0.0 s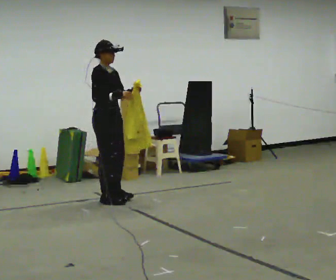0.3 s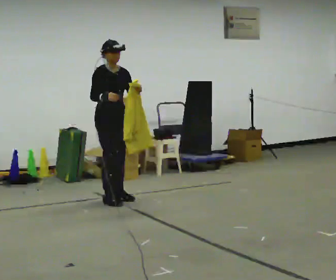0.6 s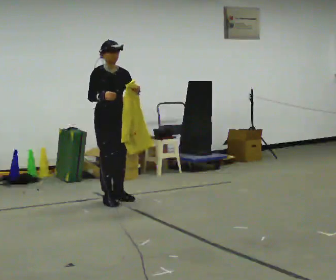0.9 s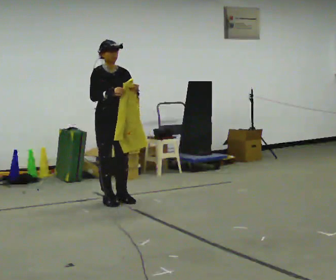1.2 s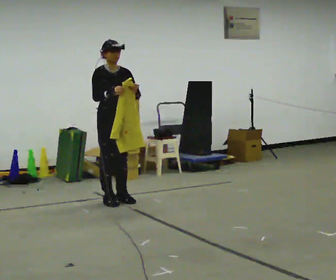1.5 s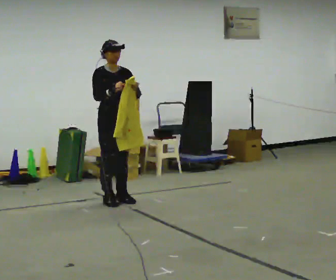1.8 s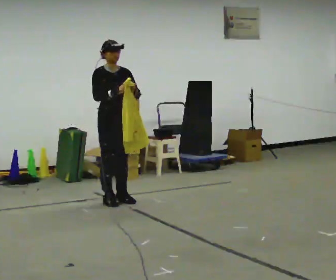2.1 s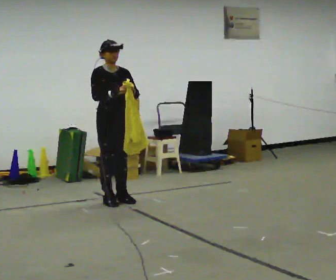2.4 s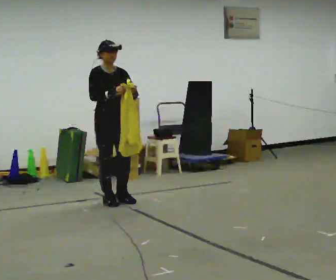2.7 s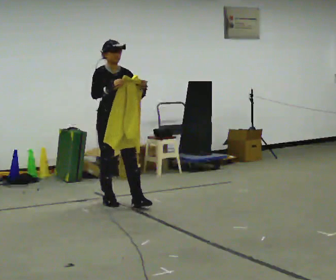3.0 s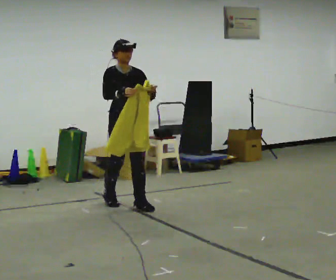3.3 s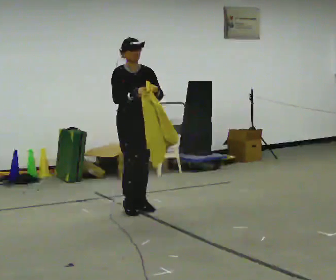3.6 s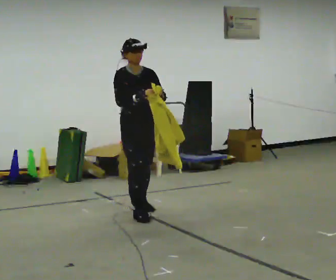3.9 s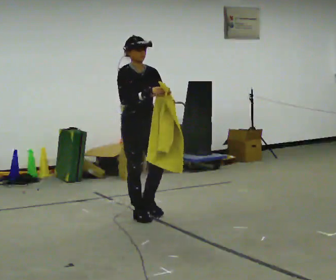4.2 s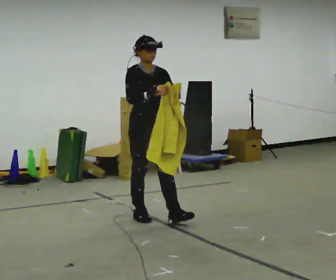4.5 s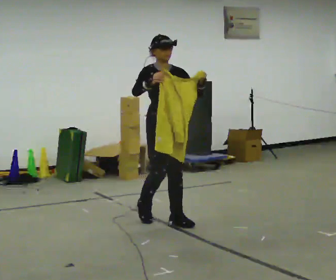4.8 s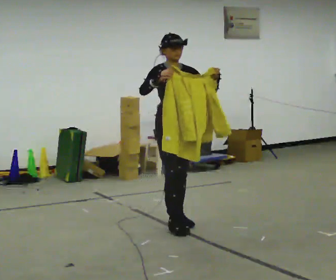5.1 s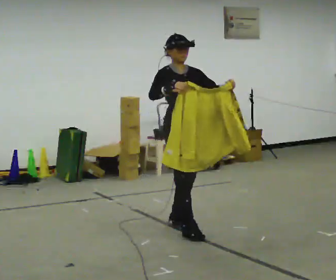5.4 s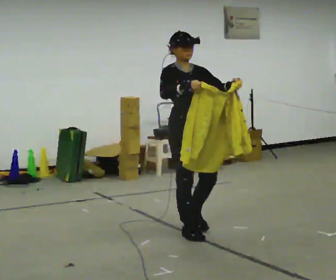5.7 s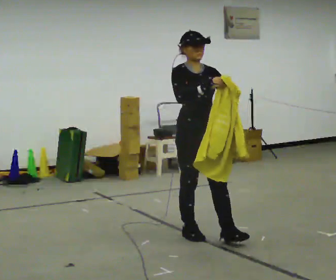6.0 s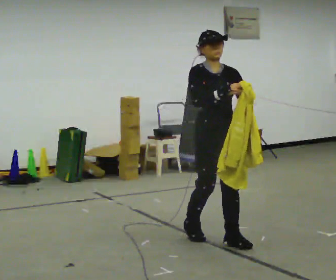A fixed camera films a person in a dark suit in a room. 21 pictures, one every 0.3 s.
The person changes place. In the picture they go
toward the camera.
0.0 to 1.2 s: The person turns about 30 degrees to their right, clockwise seen from above, so the part of the body nearest the lens slides to the left.
1.2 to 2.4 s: The person moves a little, or ends about where they began.
2.4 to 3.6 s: In the picture they go toward the camera and to the right, about 0.5 m in 2 steps, which for them is forward.
3.6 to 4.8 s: In the picture they go toward the camera and to the right, about 0.5 m in 1 step, which for them is forward.
4.8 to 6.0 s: In the picture they go toward the camera and to the right, about 0.75 m in 2 steps, which for them is forward.
The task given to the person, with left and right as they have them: Carry the cloth and, while walking, fold it in half, then unfold it. Keep repeating as you walk. Do not stop.
The film runs forward here.
